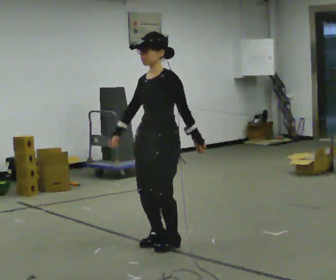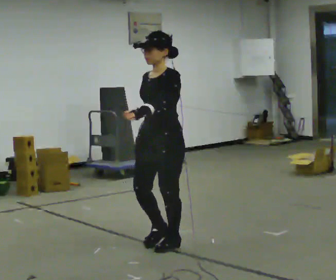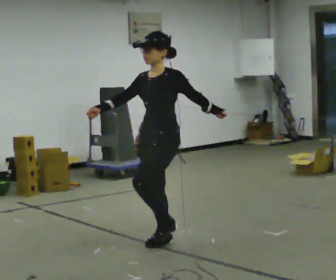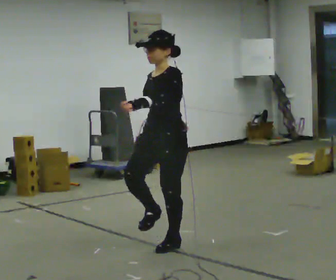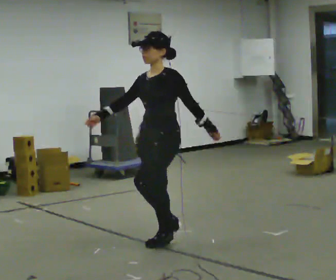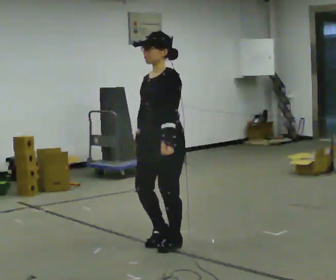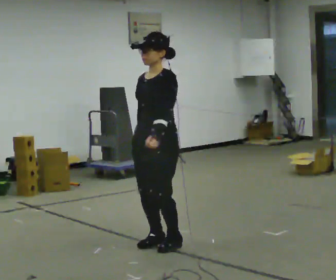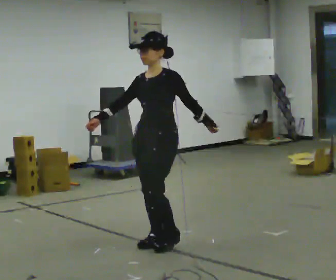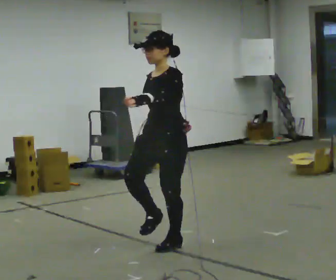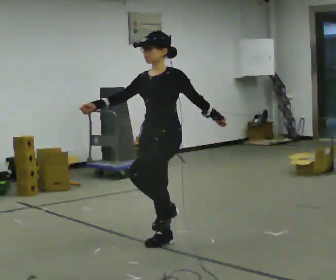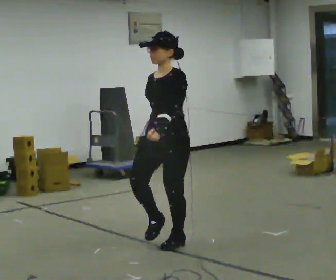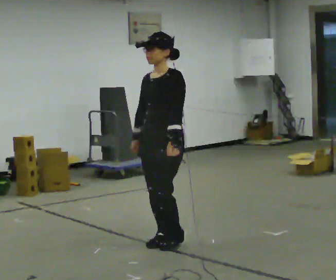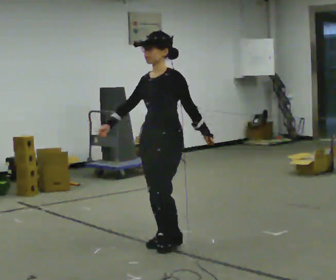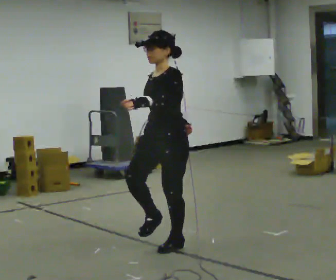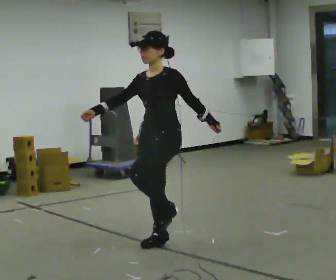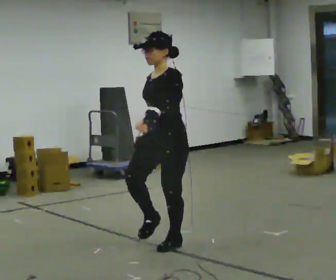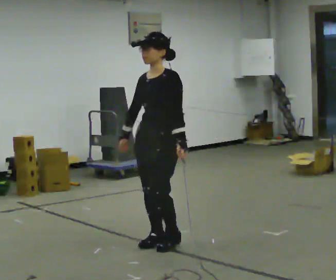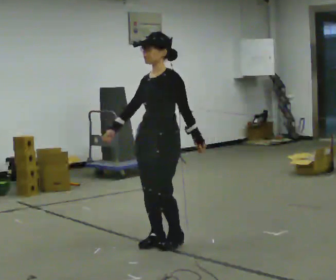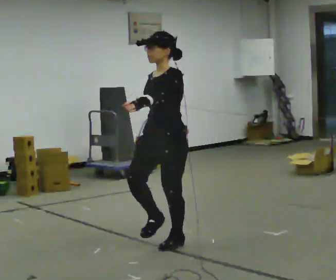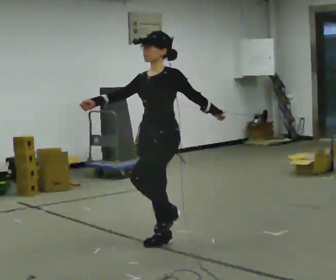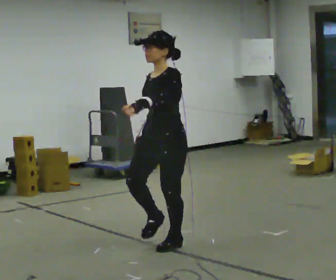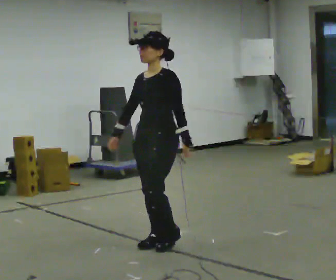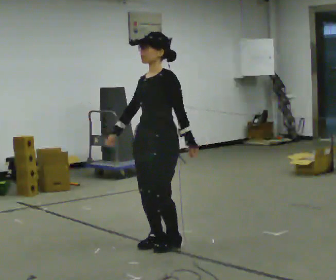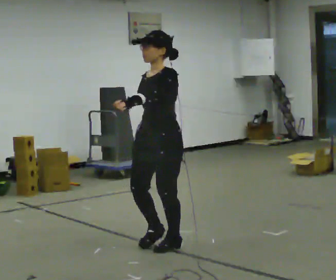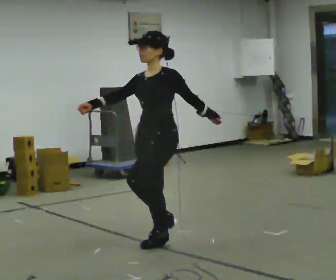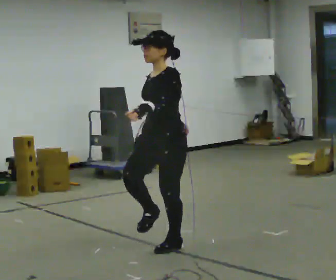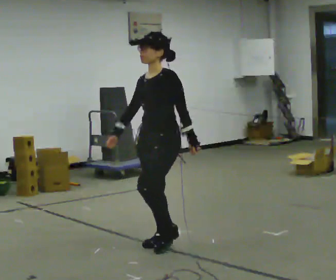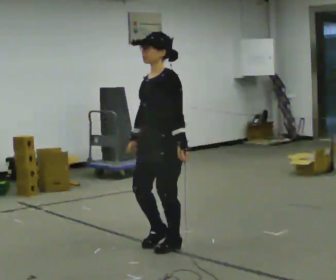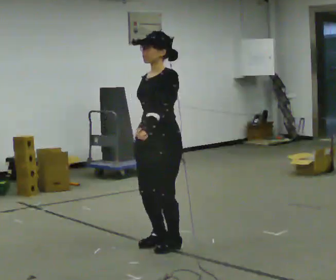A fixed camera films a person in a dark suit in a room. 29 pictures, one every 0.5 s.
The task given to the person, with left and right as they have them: March in place at a comfortable rhythm without moving forward; stop.
0.0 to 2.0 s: The person moves a little, or ends about where they began.
2.0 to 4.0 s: In the picture their left hand goes to the left.
4.0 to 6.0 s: In the picture their left hand goes to the right.
6.0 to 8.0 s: The person moves a little, or ends about where they began.
8.0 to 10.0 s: In the picture their left hand goes to the left.
10.0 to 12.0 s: In the picture their left hand goes to the right.
12.0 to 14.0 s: In the picture their left hand goes to the left.
The film runs forward here.
